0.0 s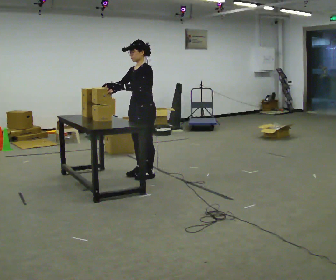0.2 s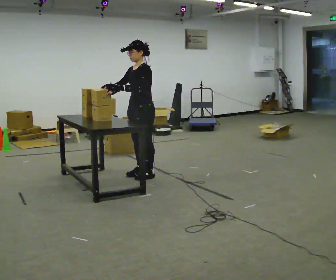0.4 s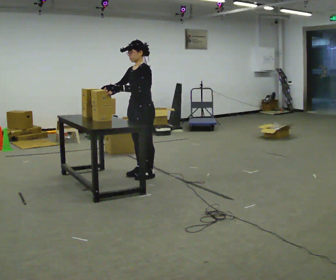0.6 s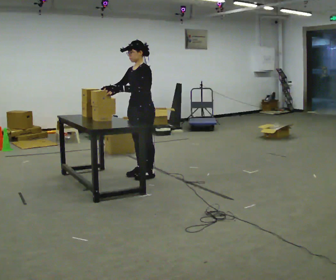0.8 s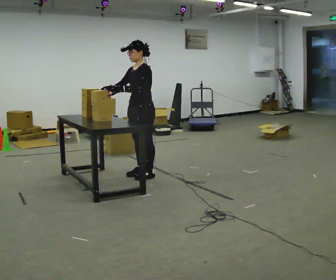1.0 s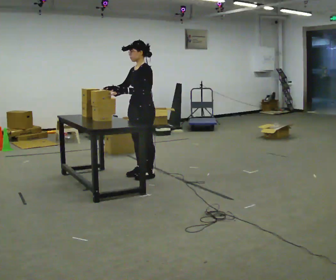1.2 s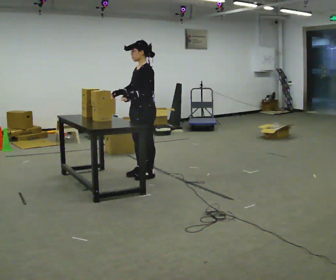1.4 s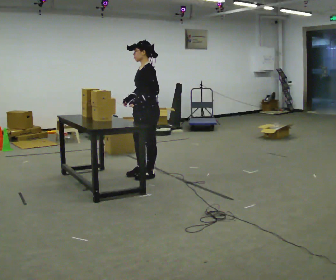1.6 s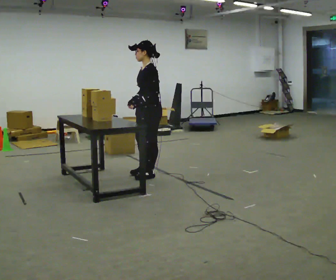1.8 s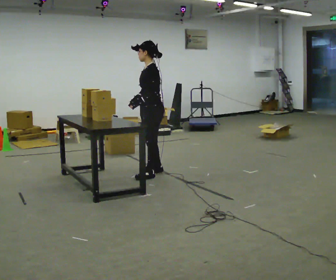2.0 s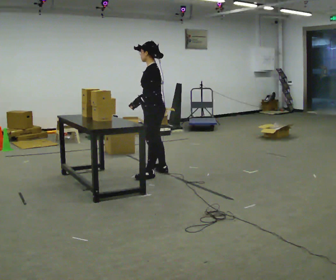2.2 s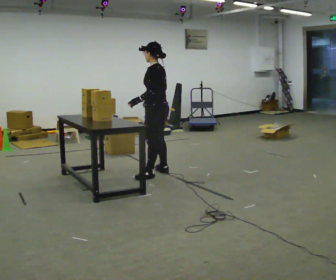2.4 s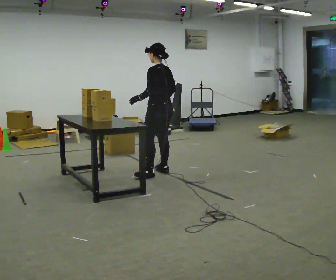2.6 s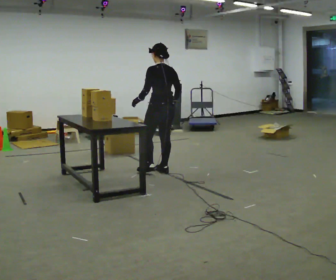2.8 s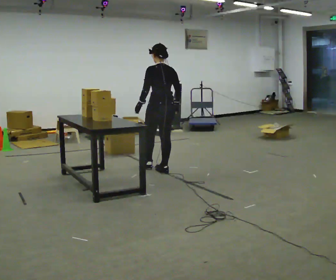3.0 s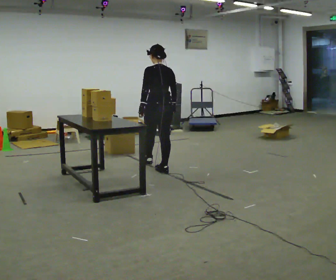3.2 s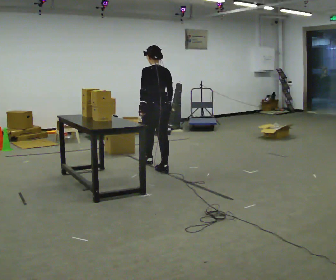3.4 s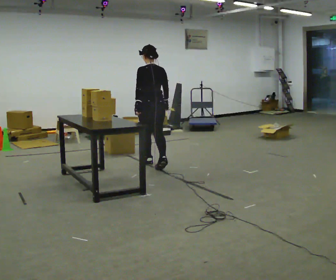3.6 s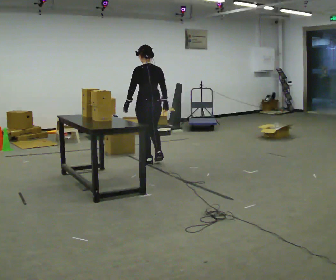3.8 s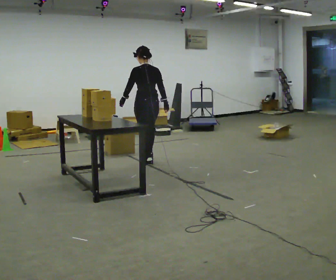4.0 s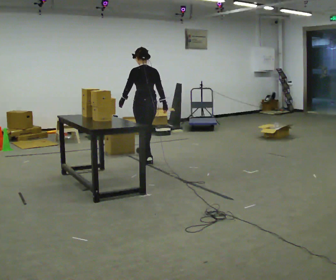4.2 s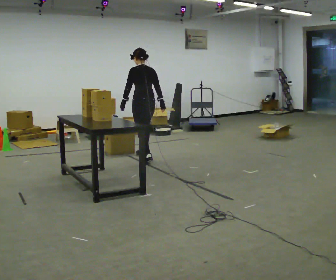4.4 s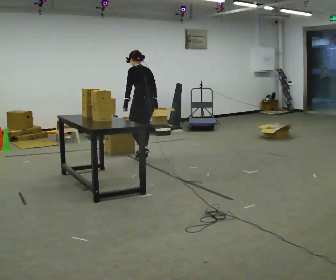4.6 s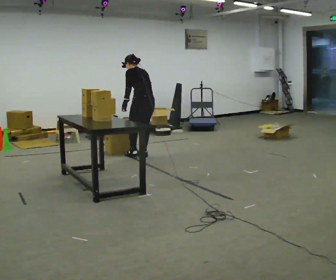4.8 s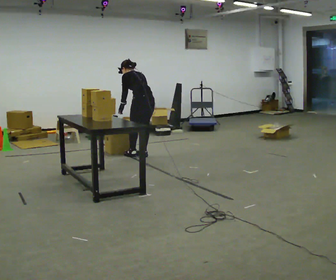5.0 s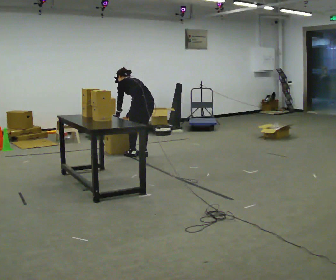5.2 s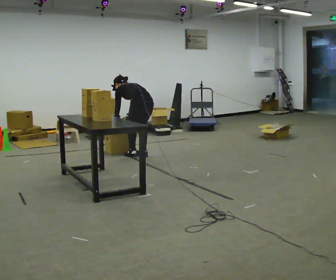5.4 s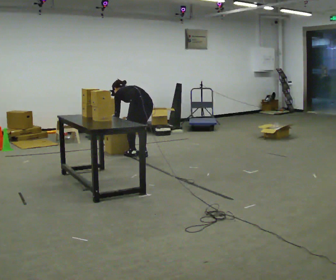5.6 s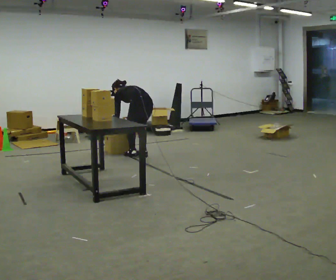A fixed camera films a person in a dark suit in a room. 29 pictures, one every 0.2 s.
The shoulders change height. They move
downward.
The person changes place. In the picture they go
away from the camera.
0.0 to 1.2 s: The person moves a little, or ends about where they began.
1.2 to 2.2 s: The person turns about 45 degrees to their right, clockwise seen from above, so the part of the body nearest the lens slides to the left. In the picture they go to the right, about 0.25 m in 1 step, which for them is backward. In the picture their right hand goes to the right.
2.2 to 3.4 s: Seen from above the body turns clockwise, about 60 degrees: to their right, with its near side sliding to the left. In the picture they go away from the camera, about 0.5 m in 1 step, which for them is forward.
3.4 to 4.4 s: In the picture they go away from the camera, about 0.5 m in 1 step, which for them is forward.
4.4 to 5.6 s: The upper body goes downward. In the picture the upper body tilts counterclockwise, shoulders to the left, as they bend forward. In the picture their right hand goes to the left and downward.
The film runs forward here.
